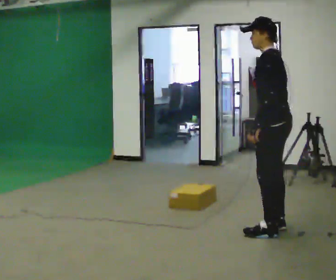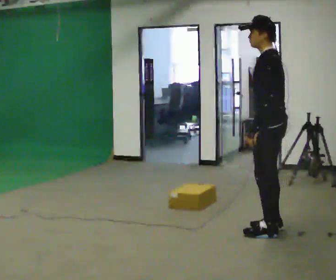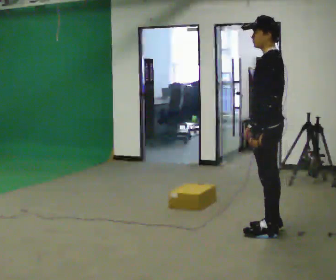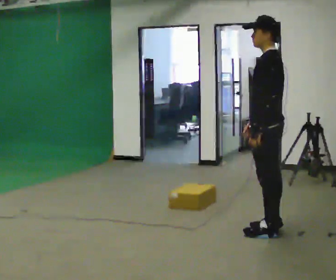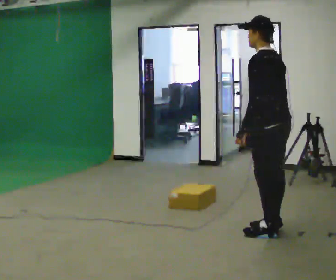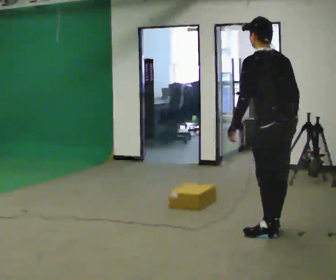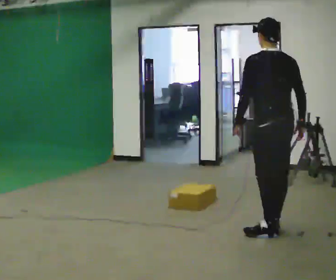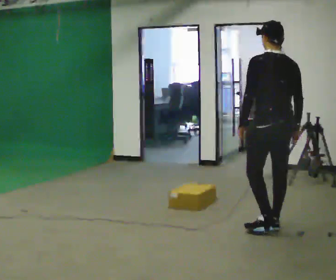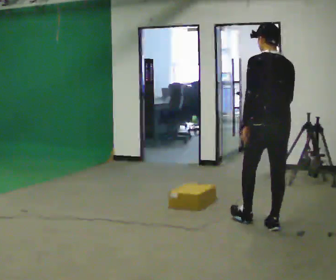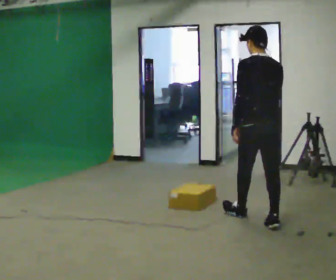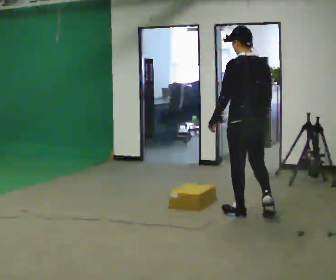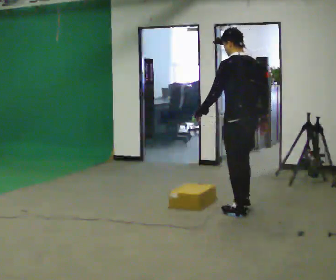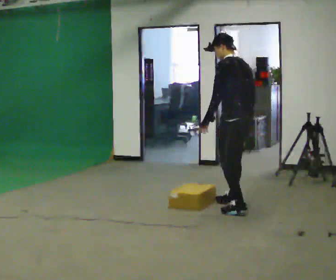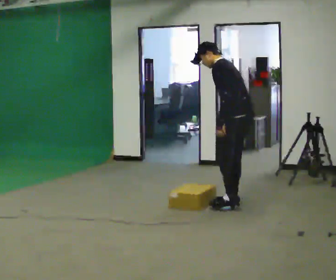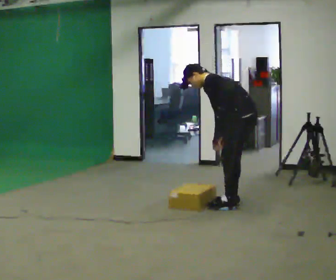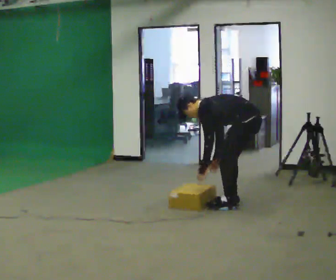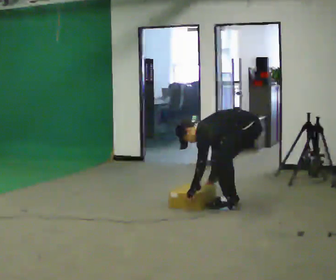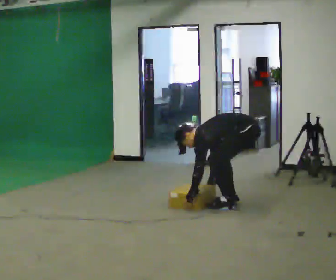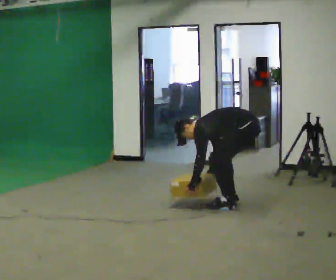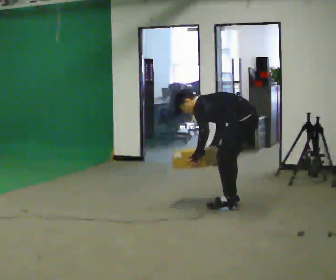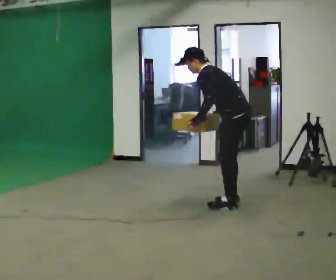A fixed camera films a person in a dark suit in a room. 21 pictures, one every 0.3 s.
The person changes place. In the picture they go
away from the camera.
0.0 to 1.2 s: The person moves a little, or ends about where they began.
1.2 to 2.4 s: The person turns about 45 degrees to their right, clockwise seen from above, so the part of the body nearest the lens slides to the left. In the picture they go away from the camera, about 0.25 m, which for them is forward.
2.4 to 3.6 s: The person turns about 30 degrees to their left, counterclockwise seen from above, so the part of the body nearest the lens slides to the right. In the picture they go away from the camera and to the left, about 0.5 m in 2 steps, which for them is forward.
3.6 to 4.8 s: The part of the body nearest the lens slides to the right as the person turns to their left by about 30 degrees. The shoulders move downward. In the picture the upper body tilts counterclockwise, shoulders to the left, as they bend forward. In the picture their left hand goes downward.
4.8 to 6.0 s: The shoulders move upward. In the picture the upper body tilts clockwise, shoulders to the right, as they lean back or straighten. In the picture their right hand goes upward.
The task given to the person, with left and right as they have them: Start still; walk straight at normal comfortable speed; stop at endpoint.
The film runs forward here.
